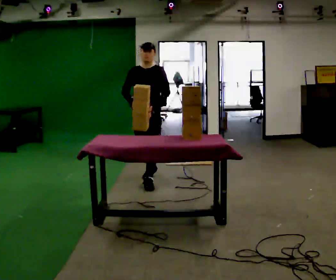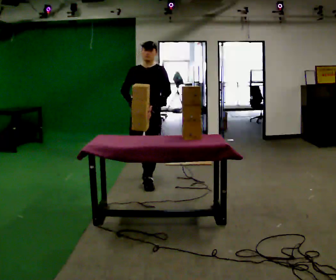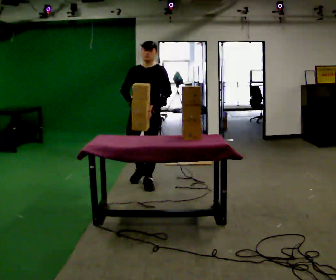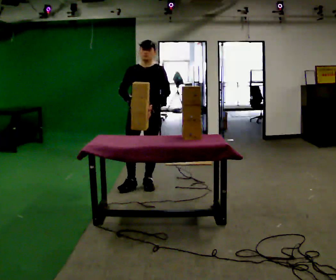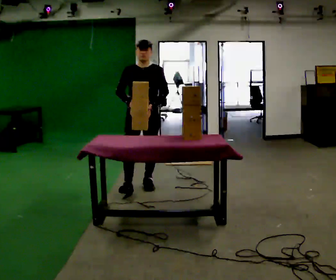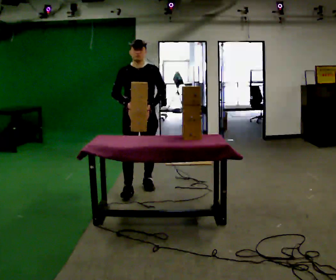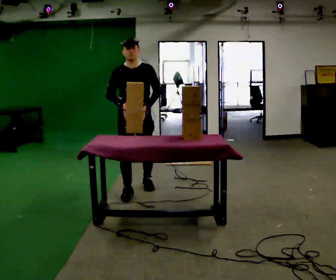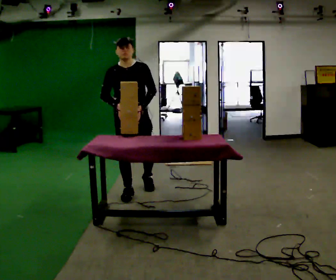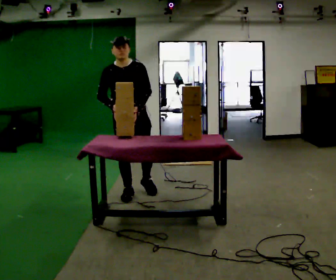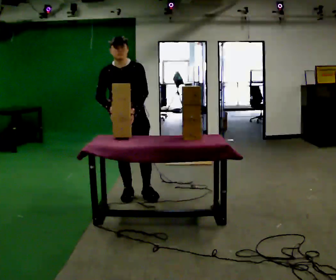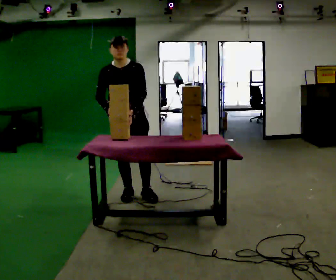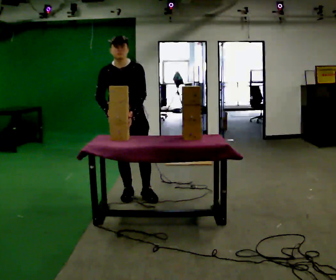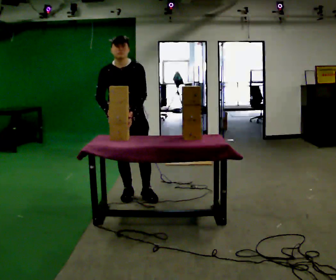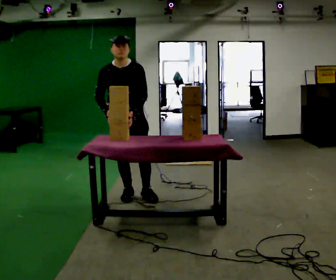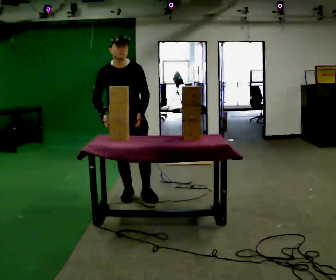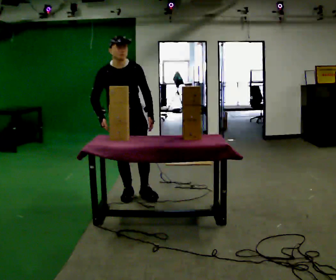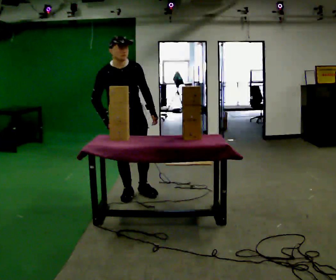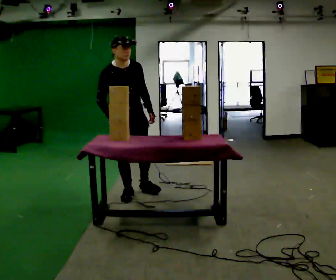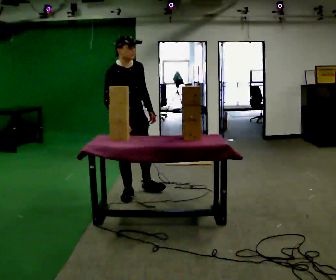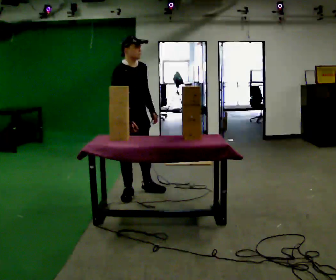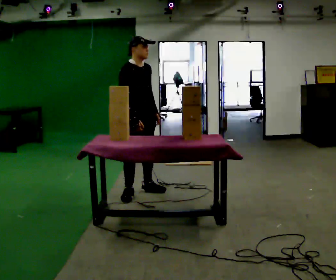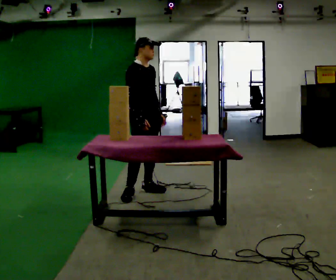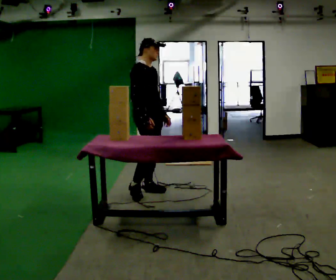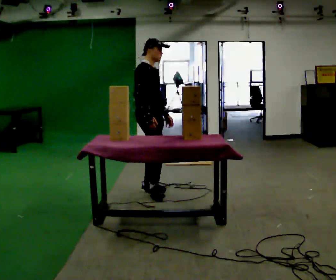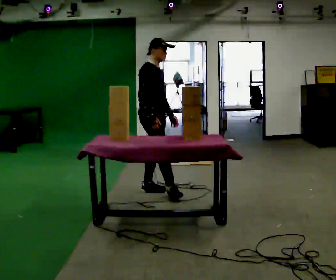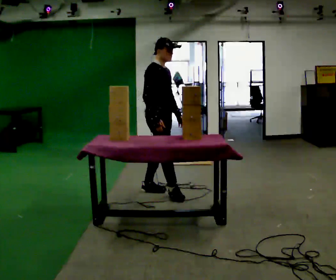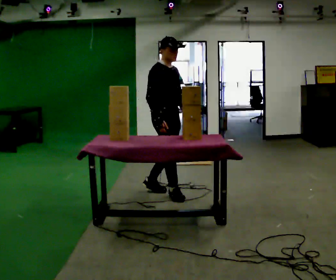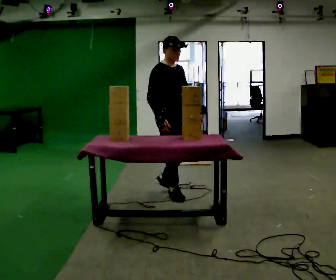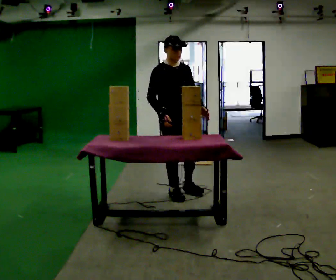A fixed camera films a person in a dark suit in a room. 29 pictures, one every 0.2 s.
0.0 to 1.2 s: The part of the body nearest the lens slides to the right as the person turns to their left by about 30 degrees. In the picture they go toward the camera, about 0.5 m in 1 step, which for them is forward.
1.2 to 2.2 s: In the picture they go toward the camera, about 0.25 m in 1 step, which for them is forward.
2.2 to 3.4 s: The person turns about 30 degrees to their left, counterclockwise seen from above, so the part of the body nearest the lens slides to the right.
3.4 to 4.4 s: Seen from above the body turns counterclockwise, about 30 degrees: to their left, with its near side sliding to the right. In the picture they go to the right, about 0.25 m, which for them is to their left. The upper body tips away from the camera, its near side rolling upward, as they lean back or straighten. In the picture their right hand goes to the right.
4.4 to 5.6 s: The person turns about 30 degrees to their right, clockwise seen from above, so the part of the body nearest the lens slides to the left. In the picture they go to the right, about 0.25 m in 1 step, which for them is forward.
The film runs forward here.
